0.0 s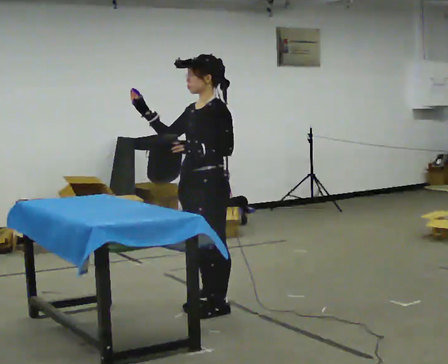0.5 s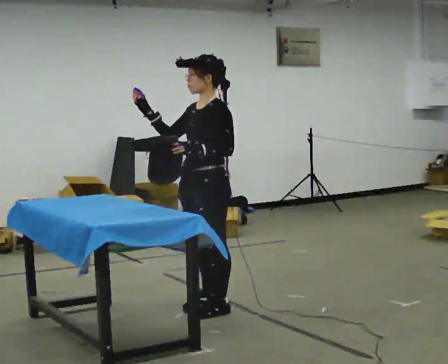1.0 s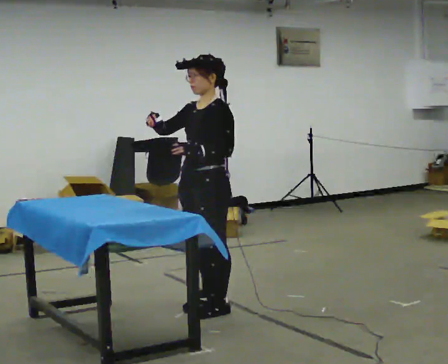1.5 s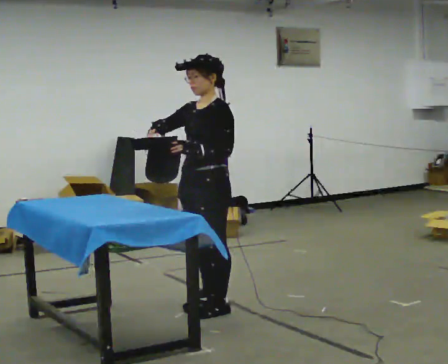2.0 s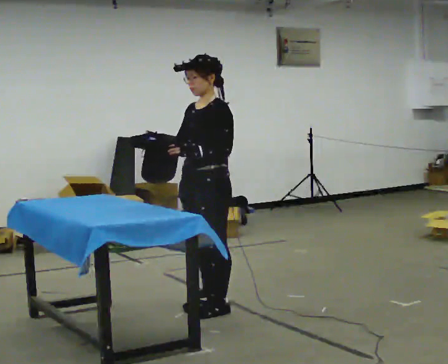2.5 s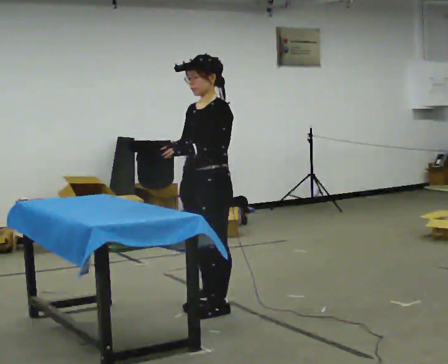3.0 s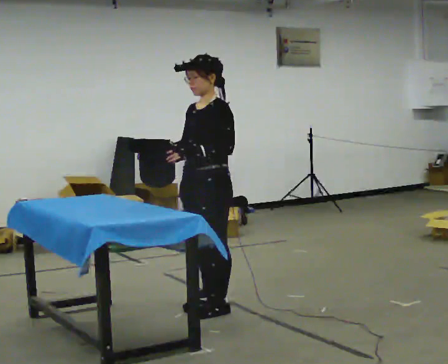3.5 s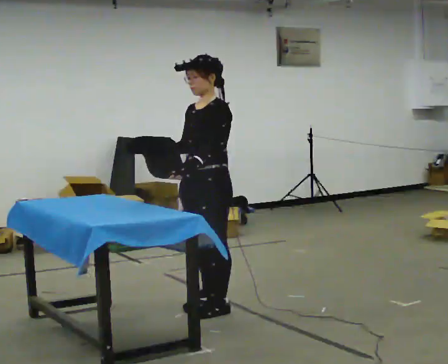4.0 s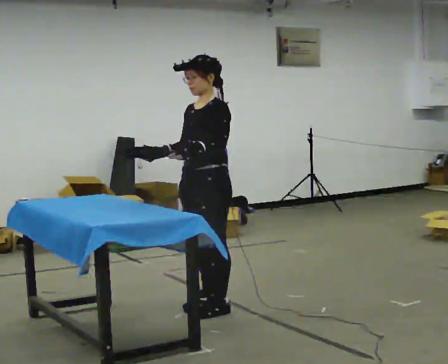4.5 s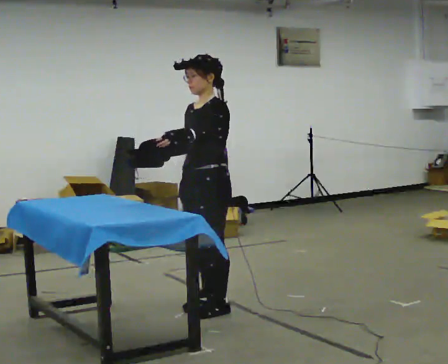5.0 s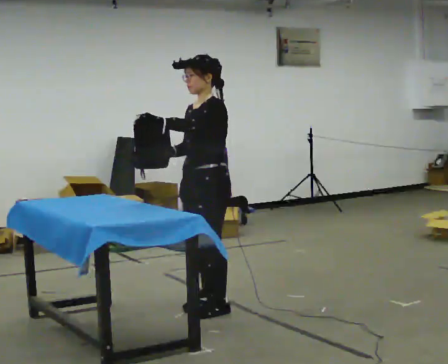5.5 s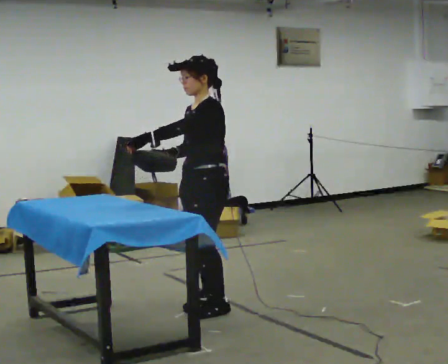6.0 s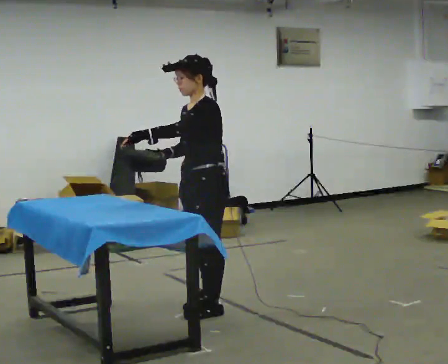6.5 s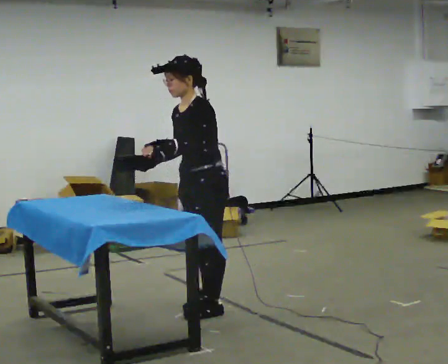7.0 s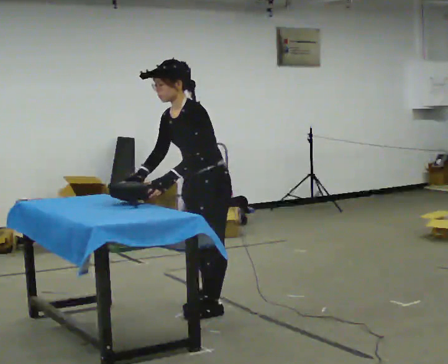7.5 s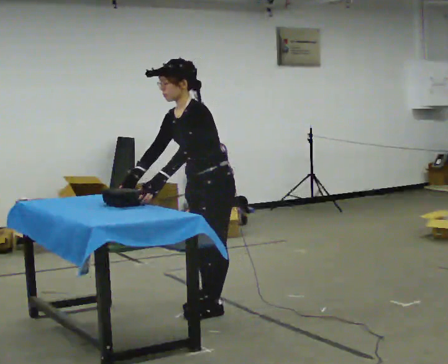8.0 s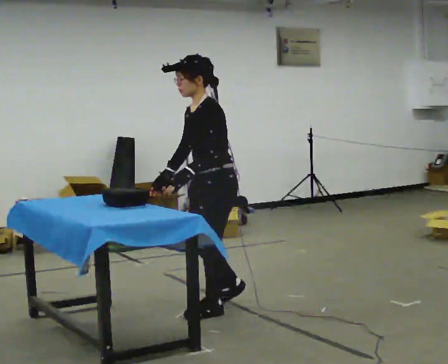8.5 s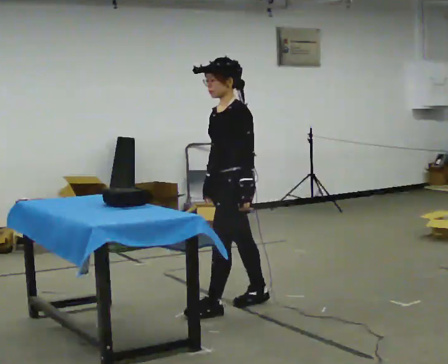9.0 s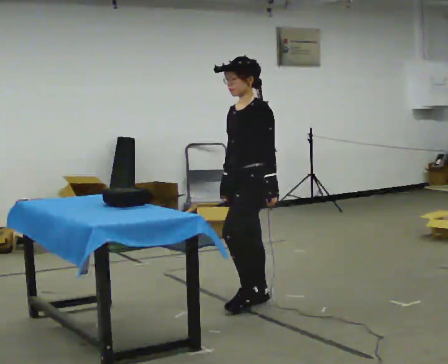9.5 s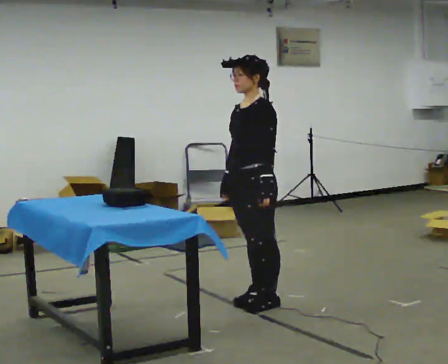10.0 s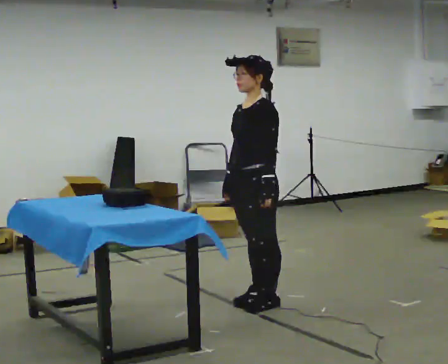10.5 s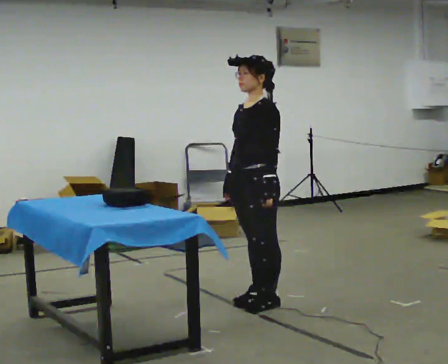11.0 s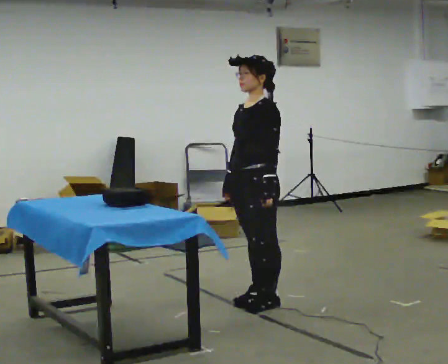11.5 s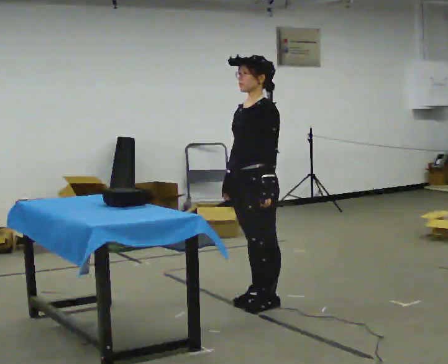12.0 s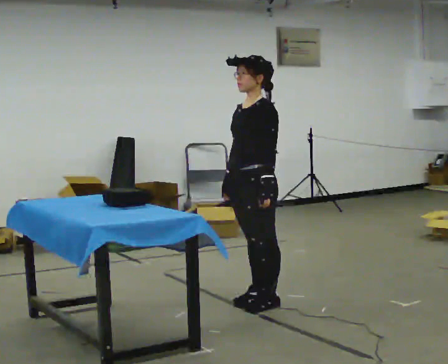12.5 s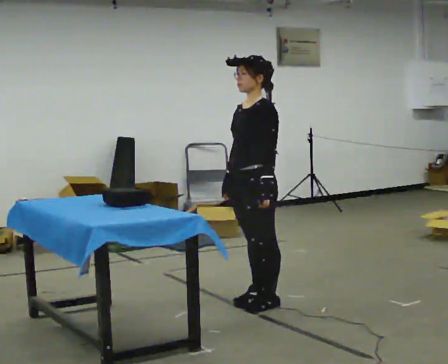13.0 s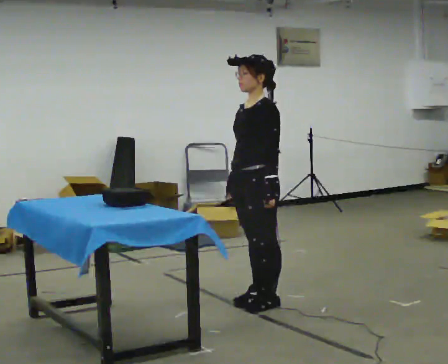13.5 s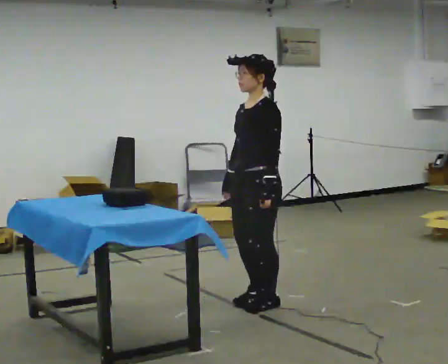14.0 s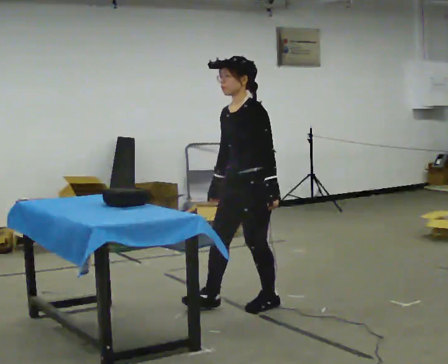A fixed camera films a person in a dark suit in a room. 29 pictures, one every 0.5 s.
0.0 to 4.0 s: The person moves a little, or ends about where they began.
4.0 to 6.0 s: In the picture their left hand goes to the left.
6.0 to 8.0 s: The person moves a little, or ends about where they began.
8.0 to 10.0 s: In the picture they go to the right, about 0.25 m in 1 step, which for them is backward.
10.0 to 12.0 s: The person keeps their place and pose.
12.0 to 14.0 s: The person moves a little, or ends about where they began.
The film runs backward here.
